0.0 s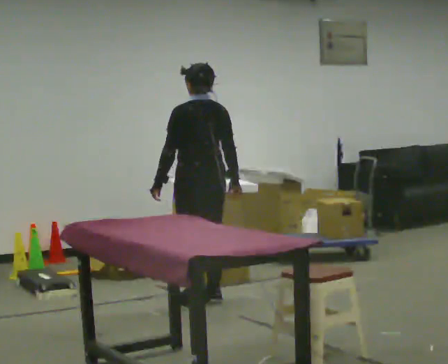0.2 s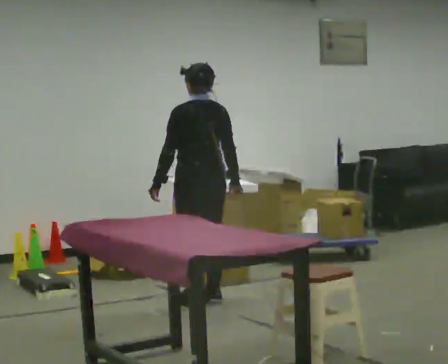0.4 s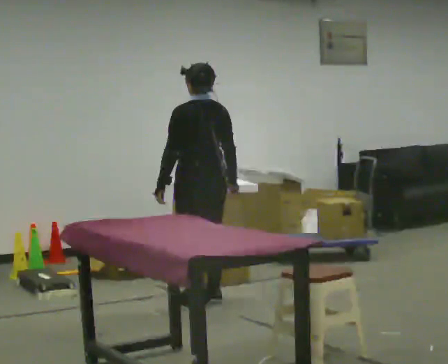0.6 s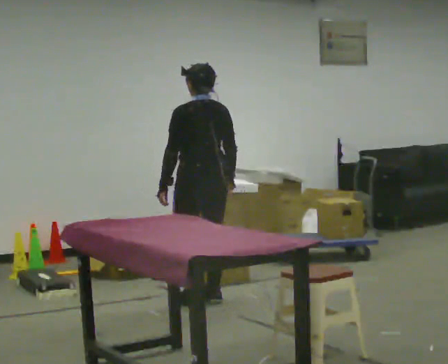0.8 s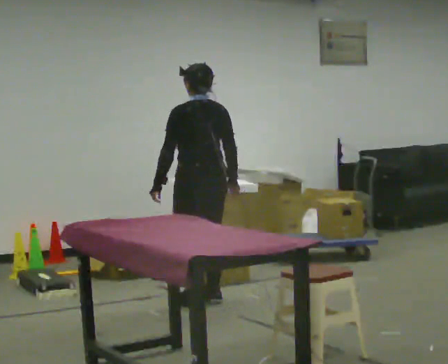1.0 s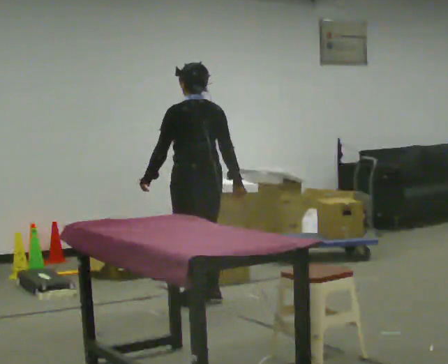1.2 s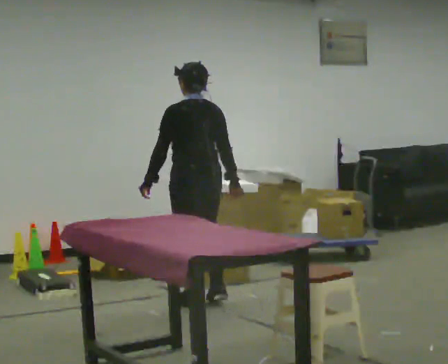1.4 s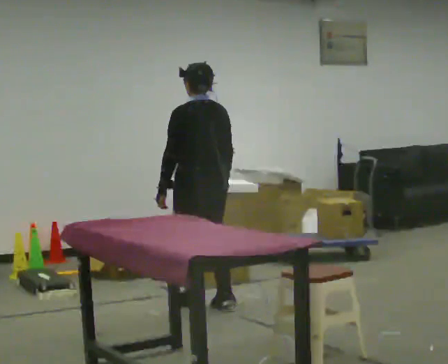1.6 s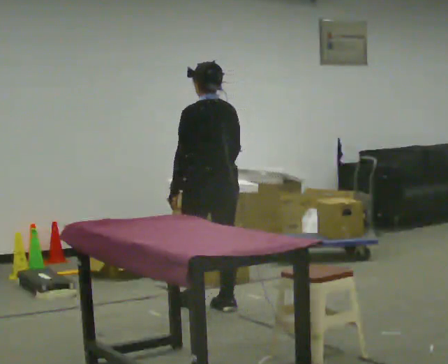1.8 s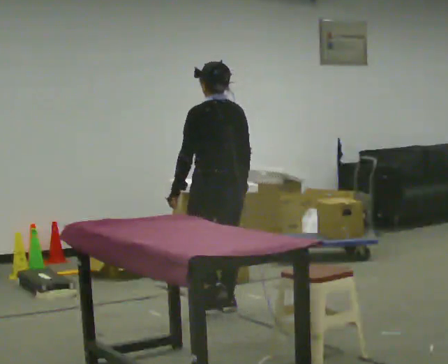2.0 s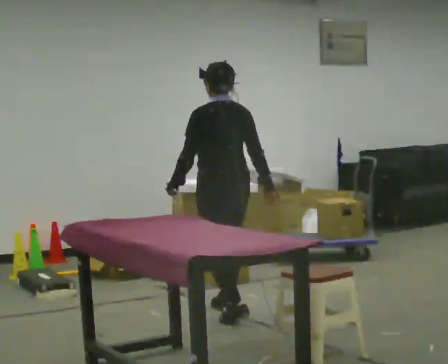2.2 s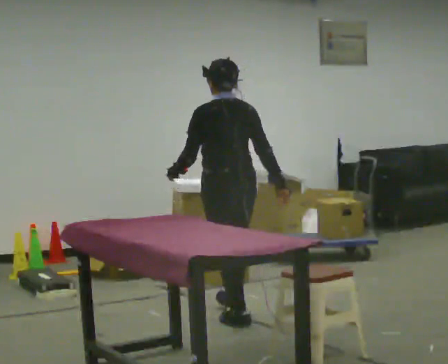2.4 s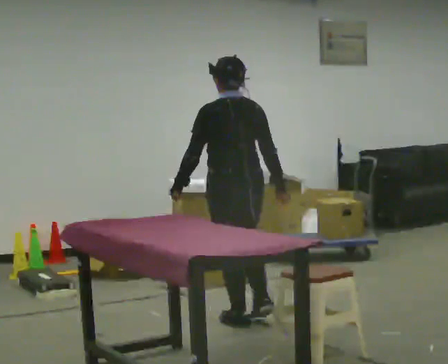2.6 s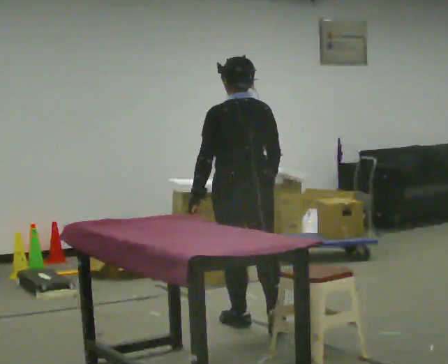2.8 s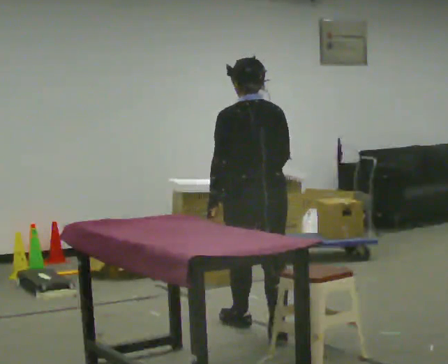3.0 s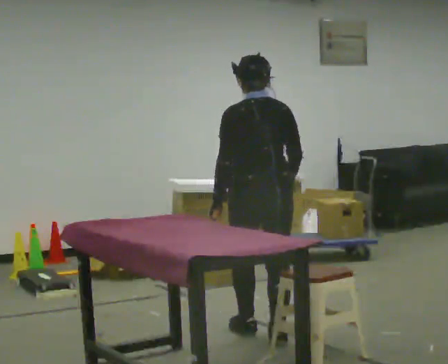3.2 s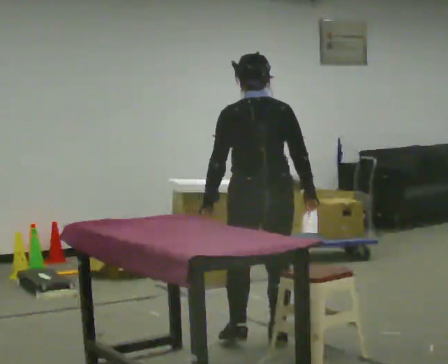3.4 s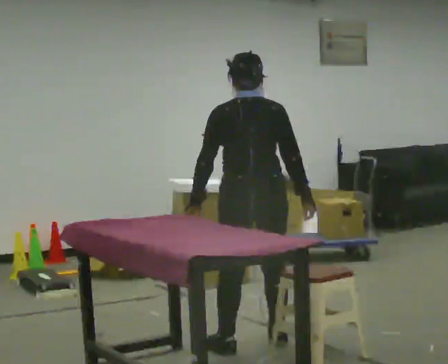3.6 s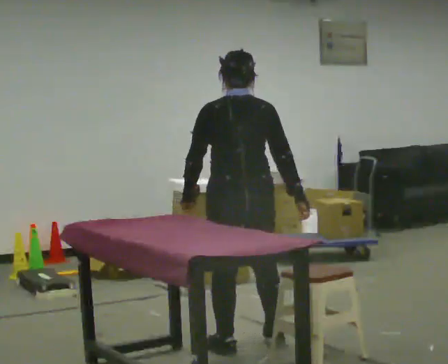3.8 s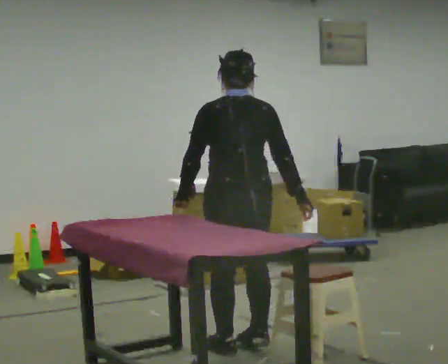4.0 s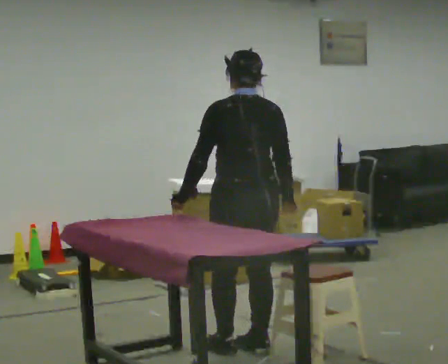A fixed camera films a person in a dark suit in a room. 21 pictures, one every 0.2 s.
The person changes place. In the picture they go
toward the camera.
0.0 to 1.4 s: The person moves a little, or ends about where they began.
1.4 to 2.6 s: In the picture they go toward the camera and to the right, about 0.75 m in 2 steps, which for them is backward.
2.6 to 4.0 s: In the picture they go toward the camera, about 0.5 m in 2 steps, which for them is backward.
The film runs backward here.
